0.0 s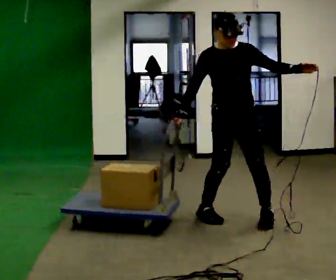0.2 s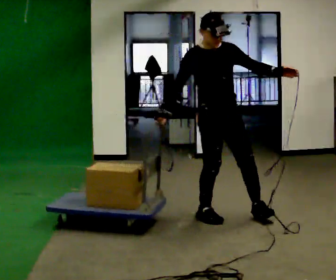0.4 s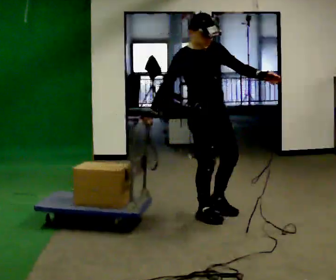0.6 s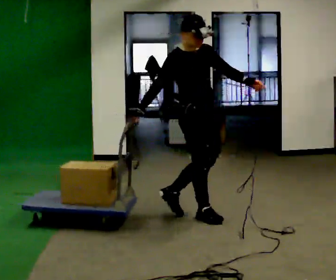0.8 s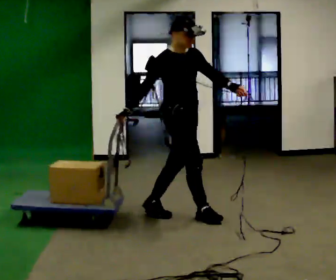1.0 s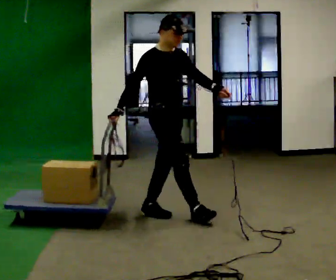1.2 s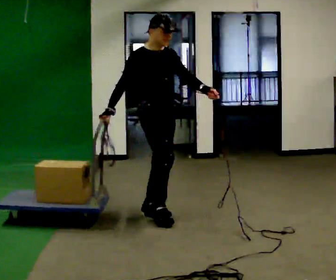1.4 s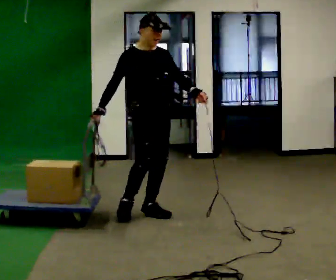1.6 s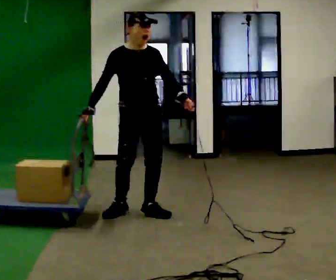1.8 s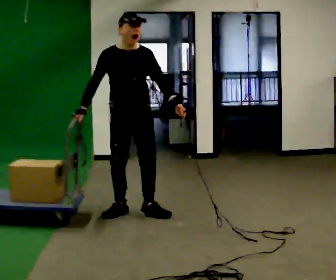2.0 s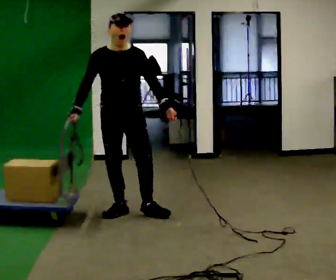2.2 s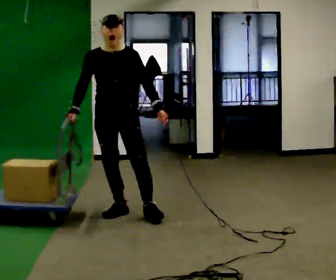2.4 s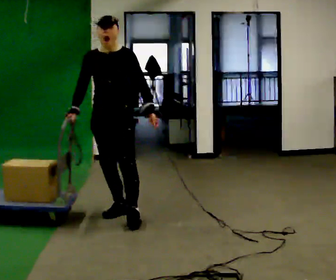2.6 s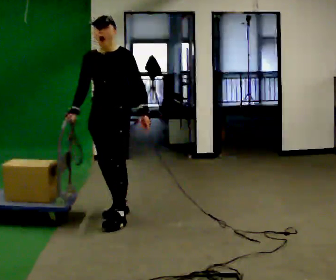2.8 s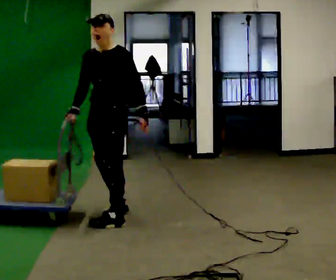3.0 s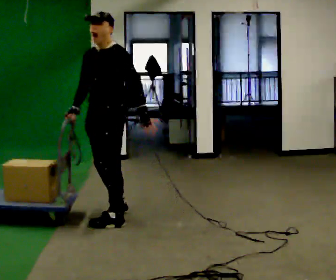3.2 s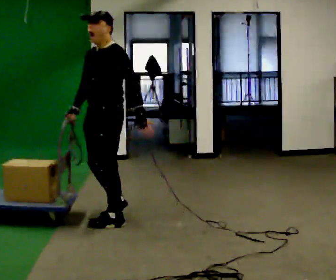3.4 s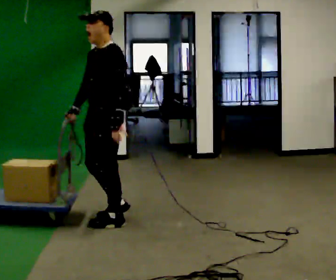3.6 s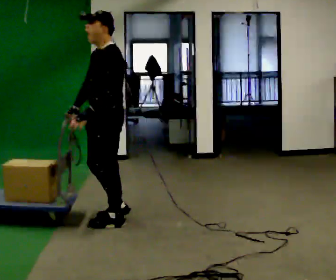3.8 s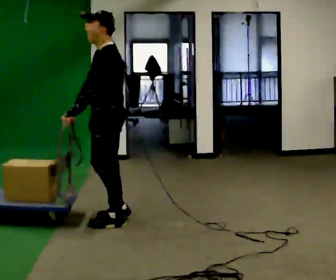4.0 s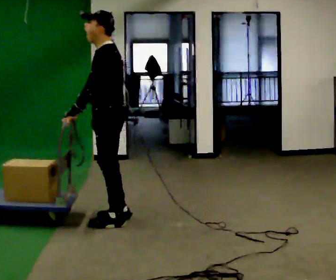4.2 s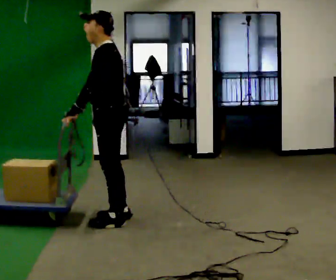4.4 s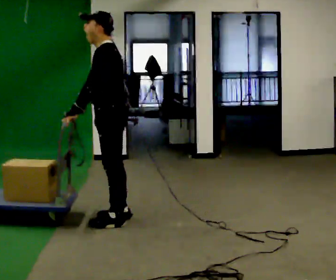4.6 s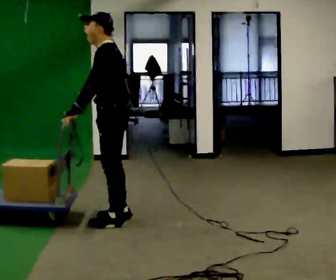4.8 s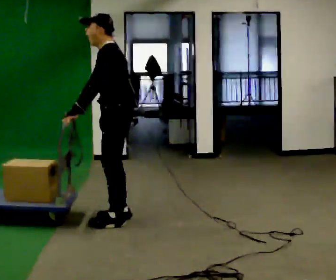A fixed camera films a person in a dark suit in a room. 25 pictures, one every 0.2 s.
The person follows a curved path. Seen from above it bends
counterclockwise.
Their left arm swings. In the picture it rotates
clockwise.
0.0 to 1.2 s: Seen from above the body turns counterclockwise, about 30 degrees: to their left, with its near side sliding to the right. In the picture they go to the left, about 0.75 m in 2 steps, which for them is backward.
1.2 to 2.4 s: The part of the body nearest the lens slides to the left as the person turns to their right by about 60 degrees. In the picture they go to the left, about 0.25 m in 1 step.
2.4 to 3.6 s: Seen from above the body turns clockwise, about 60 degrees: to their right, with its near side sliding to the left. In the picture they go toward the camera, about 0.25 m in 1 step.
3.6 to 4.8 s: The person moves a little, or ends about where they began.
The film runs backward here.
